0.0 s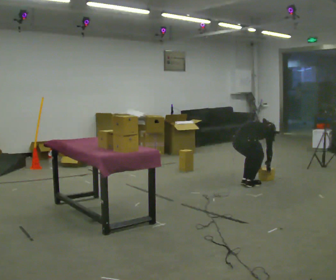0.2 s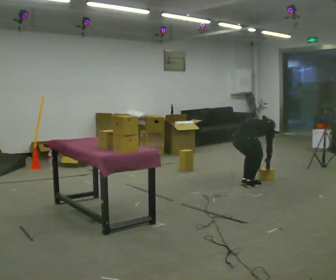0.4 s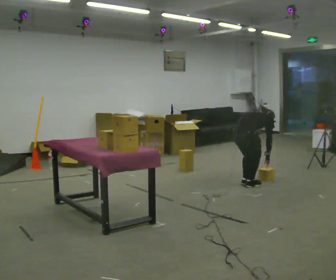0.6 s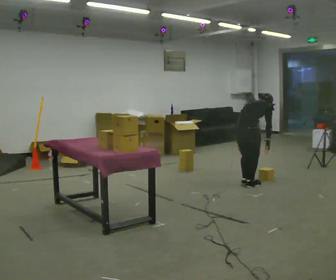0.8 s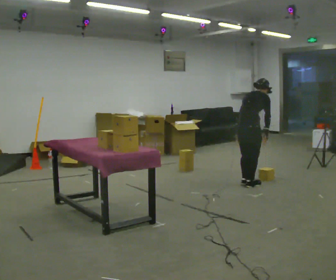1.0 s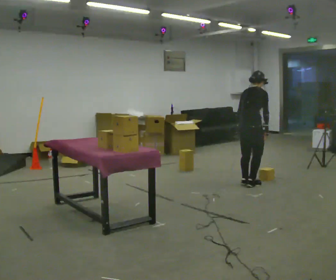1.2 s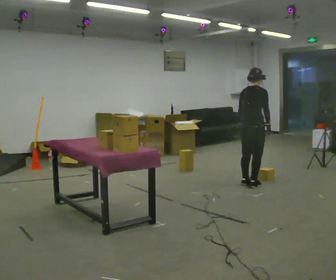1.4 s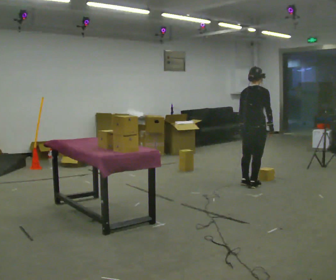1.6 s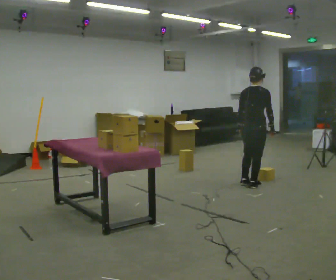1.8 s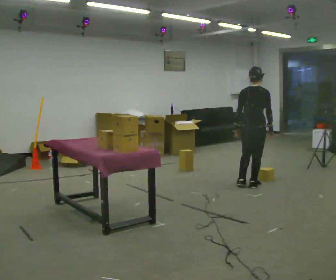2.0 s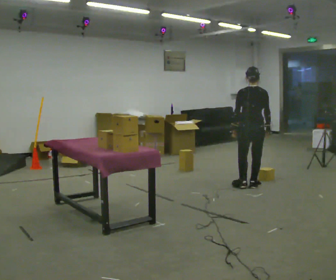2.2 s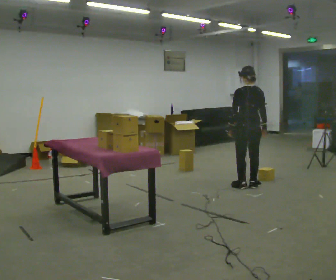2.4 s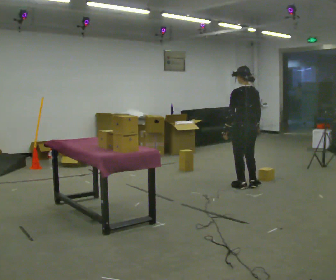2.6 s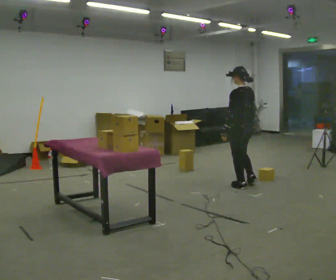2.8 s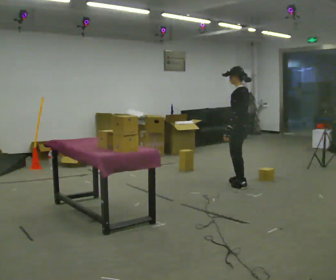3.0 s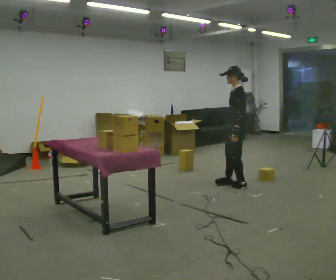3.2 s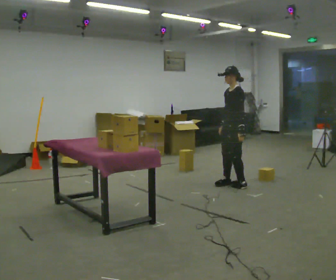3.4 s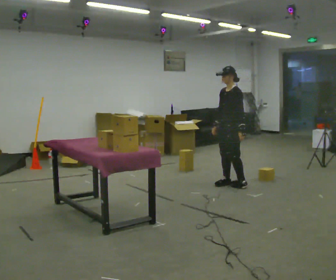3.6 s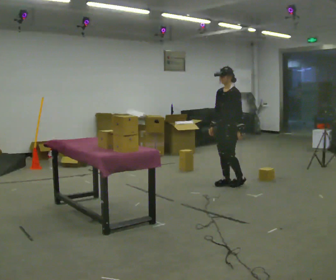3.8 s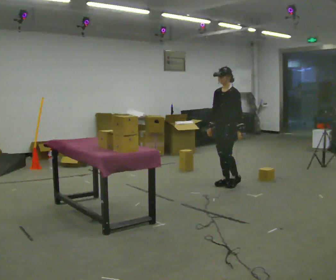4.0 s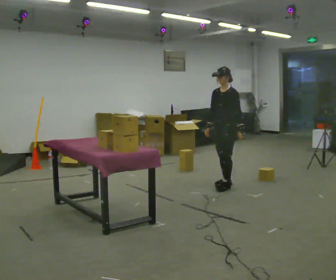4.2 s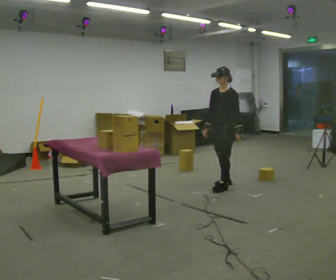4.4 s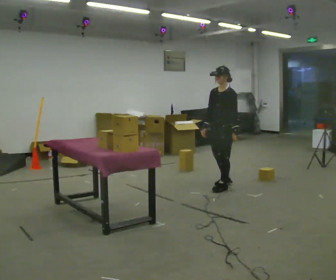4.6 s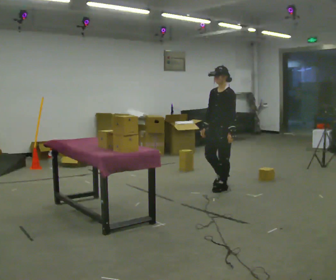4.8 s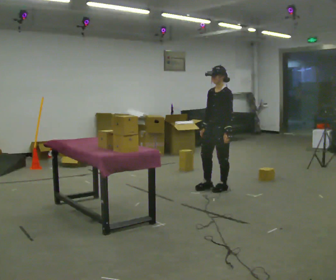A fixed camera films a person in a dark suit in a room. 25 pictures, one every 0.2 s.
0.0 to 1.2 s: The upper body goes upward. The upper body tips toward the camera, its near side rolling downward, as they lean back or straighten. In the picture their left hand goes upward.
1.2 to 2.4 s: Seen from above the body turns counterclockwise, about 60 degrees: to their left, with its near side sliding to the right.
2.4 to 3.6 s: The part of the body nearest the lens slides to the right as the person turns to their left by about 105 degrees. In the picture they go to the left, about 0.25 m in 1 step.
3.6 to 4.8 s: In the picture they go toward the camera, about 0.25 m in 1 step, which for them is forward.
The film runs forward here.
